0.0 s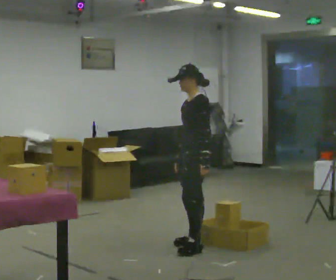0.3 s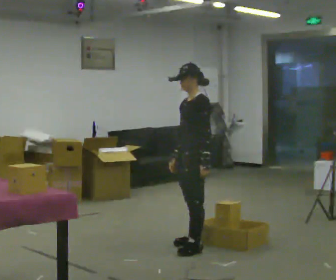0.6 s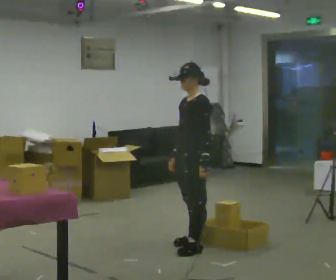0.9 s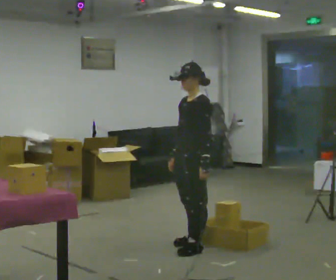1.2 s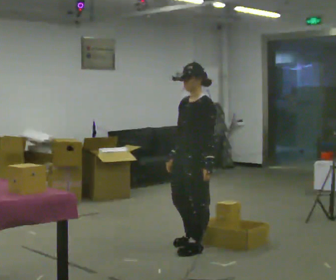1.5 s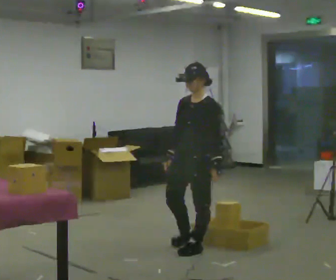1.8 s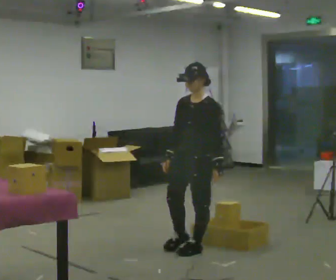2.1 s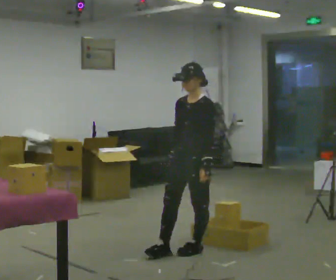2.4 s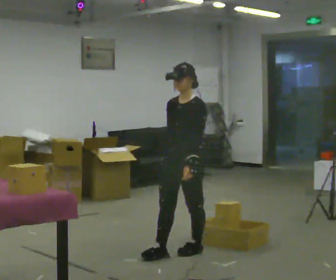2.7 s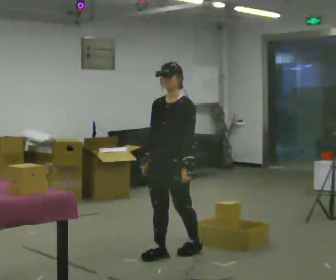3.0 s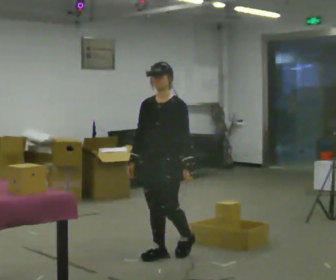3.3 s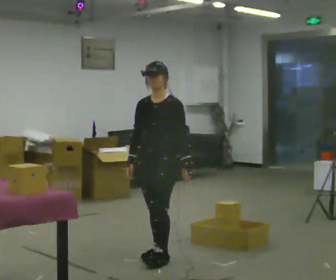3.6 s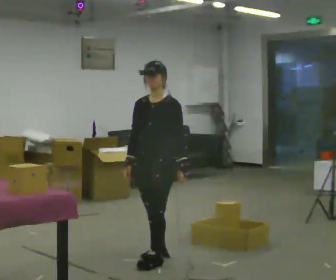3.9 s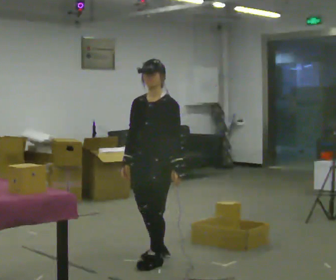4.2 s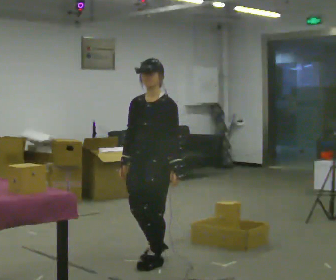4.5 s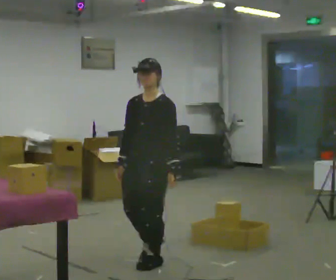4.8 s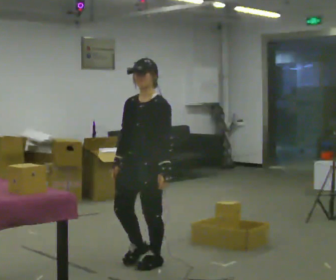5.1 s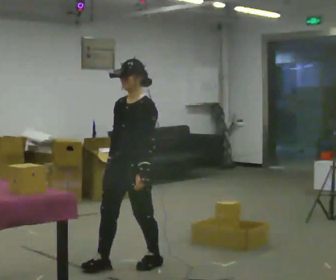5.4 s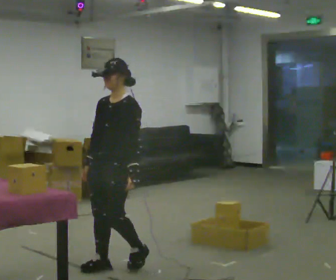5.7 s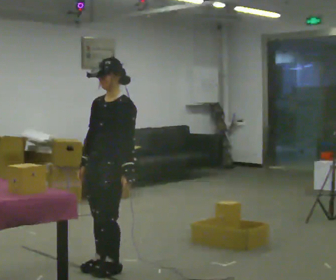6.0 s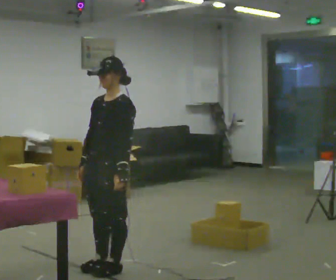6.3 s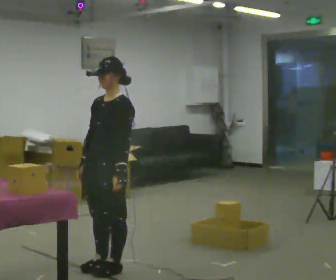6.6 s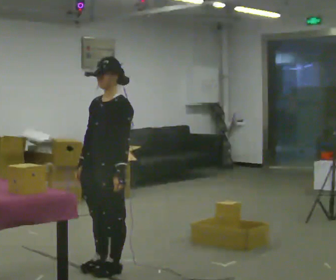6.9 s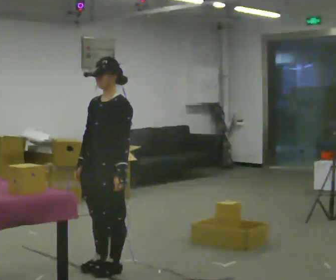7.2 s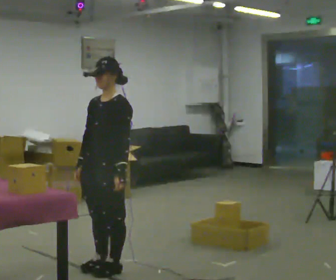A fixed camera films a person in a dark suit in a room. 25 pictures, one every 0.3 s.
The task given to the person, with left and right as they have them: Carry each object across the room and drop it into the container on the floor, then walk back for the next one. Keep going until the operator says stop; one object at a time, and do not rush between trips.
0.0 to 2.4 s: Seen from above the body turns counterclockwise, about 30 degrees: to their left, with its near side sliding to the right. In the picture they go toward the camera and to the left, about 0.25 m in 1 step, which for them is forward and to their left.
2.4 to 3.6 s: In the picture they go to the left and toward the camera, about 0.25 m in 1 step, which for them is forward.
3.6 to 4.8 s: In the picture they go toward the camera, about 0.25 m, which for them is forward.
4.8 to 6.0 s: In the picture they go to the left, about 0.25 m in 2 steps, which for them is forward.
6.0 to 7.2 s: The person keeps their place and pose.
The film runs forward here.
